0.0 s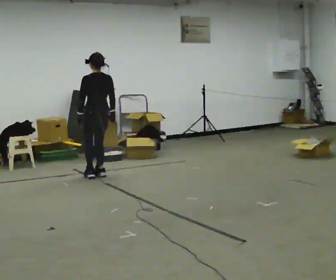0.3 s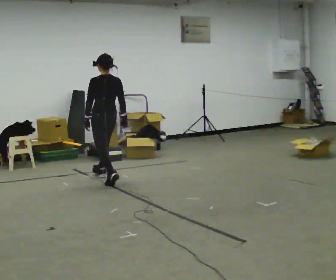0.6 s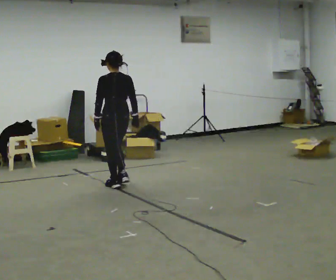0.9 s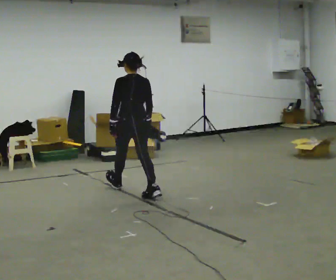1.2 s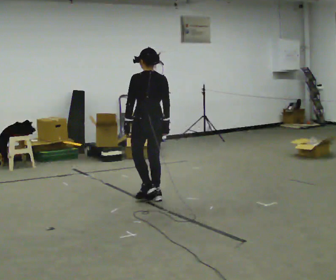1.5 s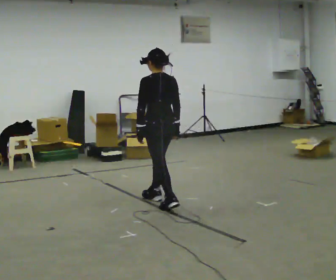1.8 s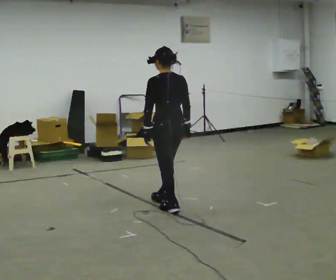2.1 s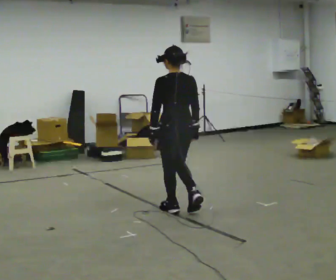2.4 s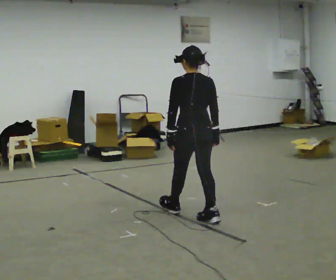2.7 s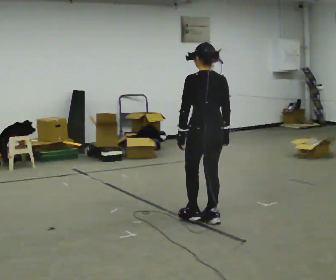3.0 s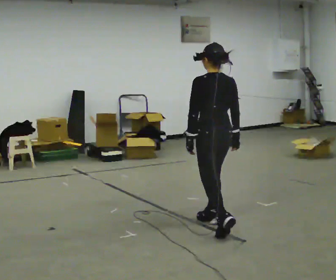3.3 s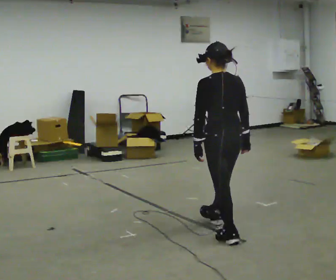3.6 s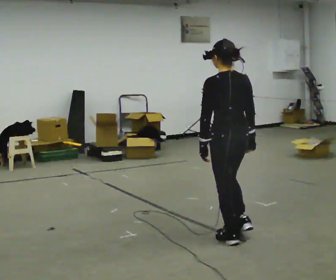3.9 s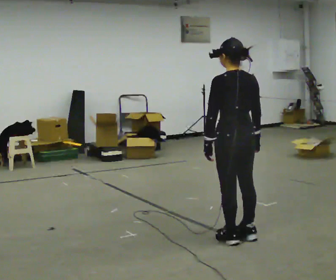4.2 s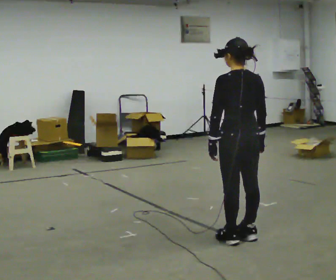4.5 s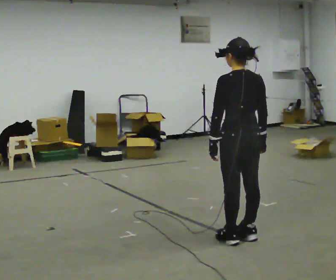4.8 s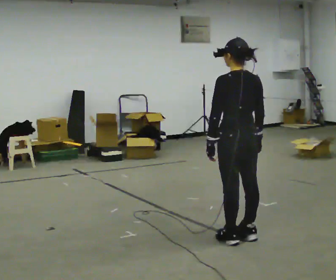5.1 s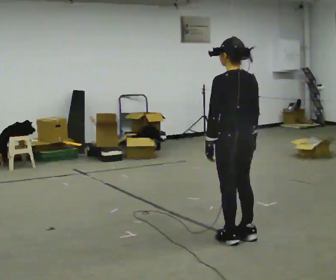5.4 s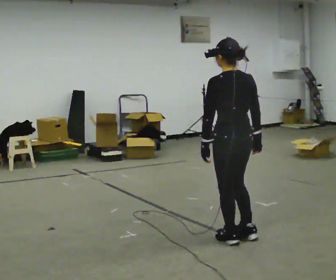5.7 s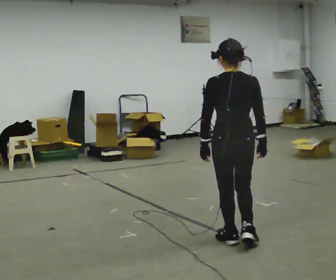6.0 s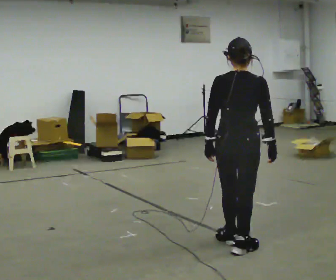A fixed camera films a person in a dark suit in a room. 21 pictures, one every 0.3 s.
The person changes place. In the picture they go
toward the camera.
0.0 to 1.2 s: In the picture they go toward the camera and to the right, about 1 m in 2 steps, which for them is backward.
1.2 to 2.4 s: In the picture they go toward the camera and to the right, about 1 m in 1 step, which for them is backward.
2.4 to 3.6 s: In the picture they go toward the camera and to the right, about 0.75 m in 2 steps, which for them is backward.
3.6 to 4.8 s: The person moves a little, or ends about where they began.
4.8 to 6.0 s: The part of the body nearest the lens slides to the left as the person turns to their right by about 45 degrees.
The film runs backward here.
